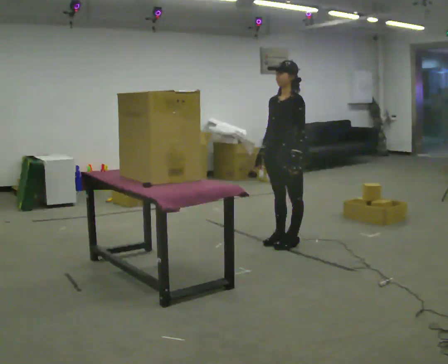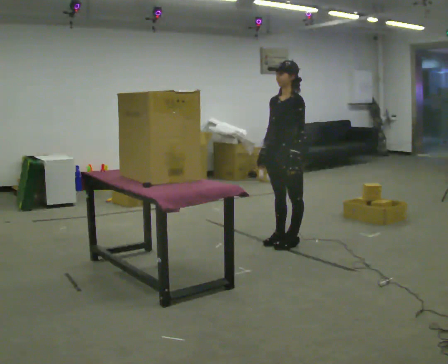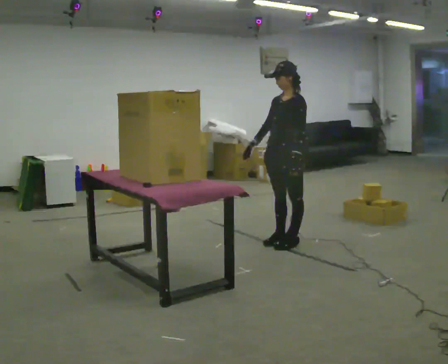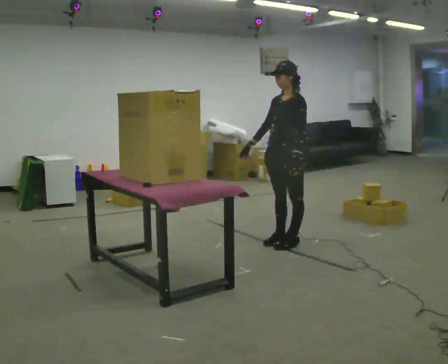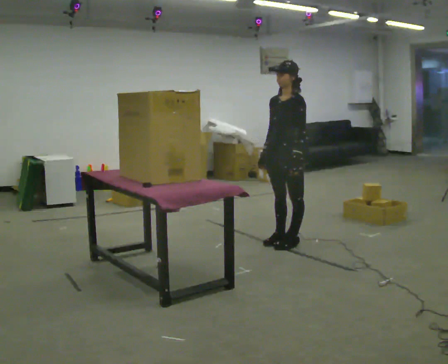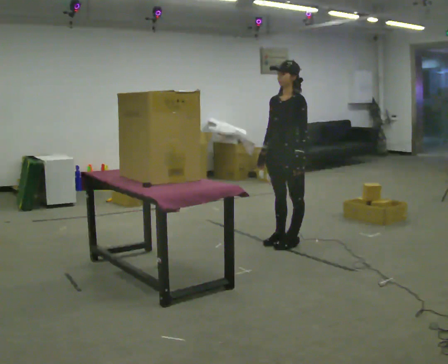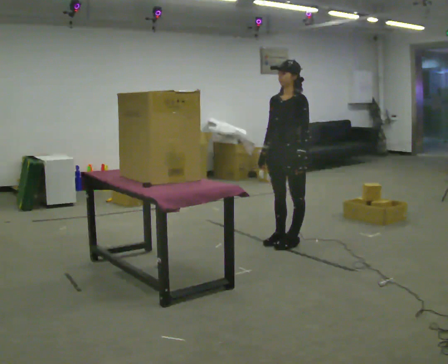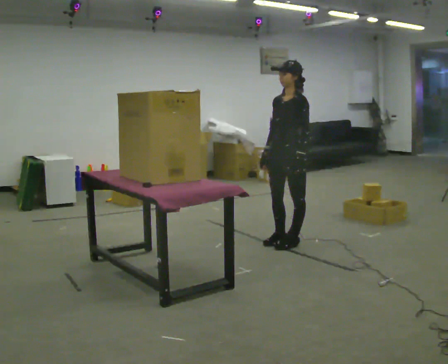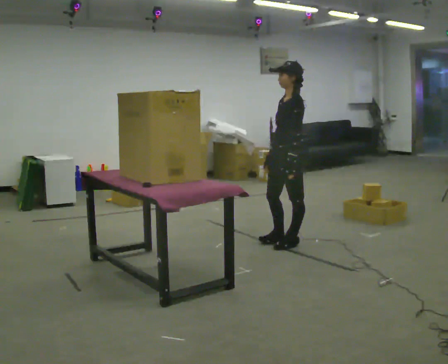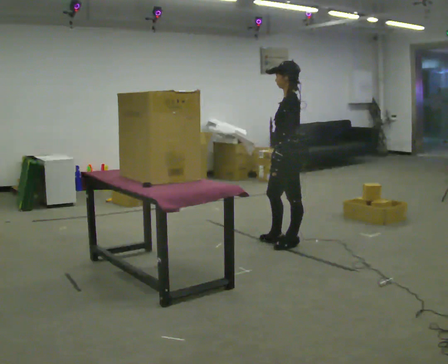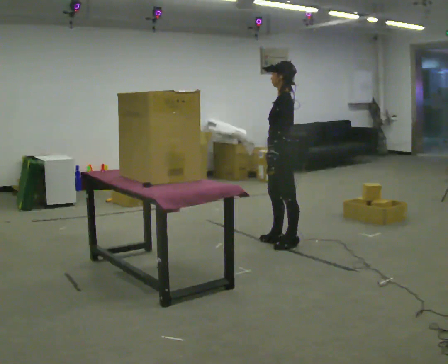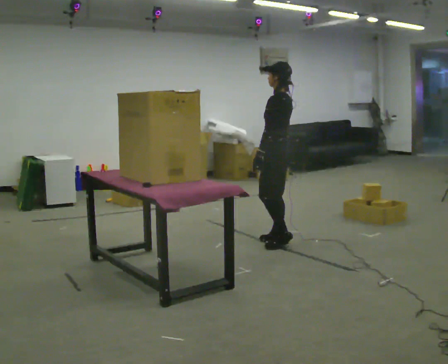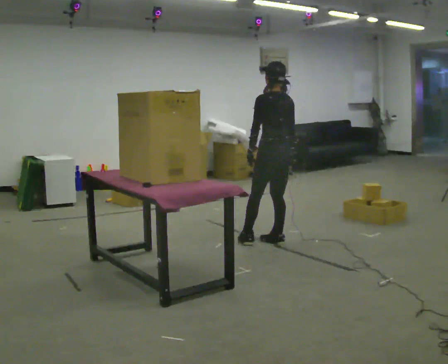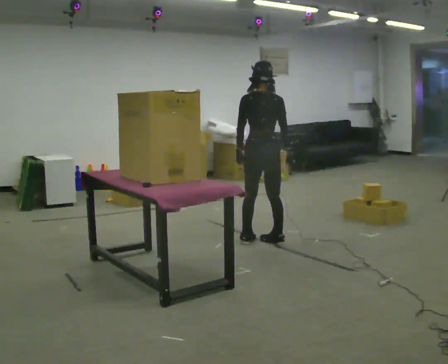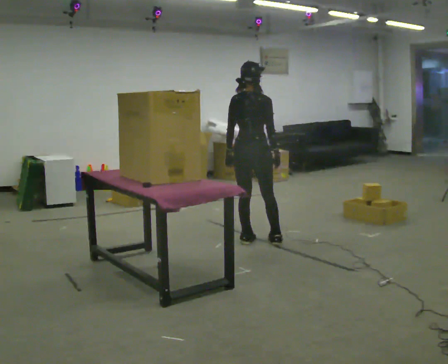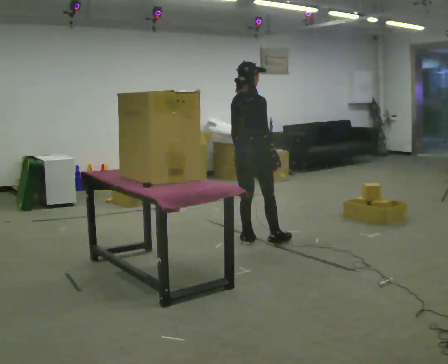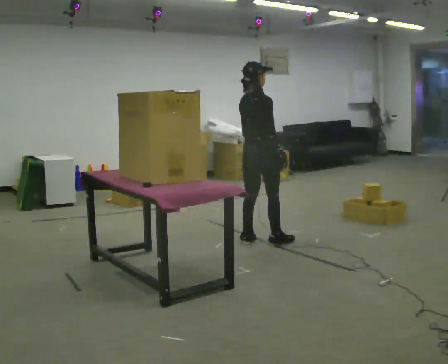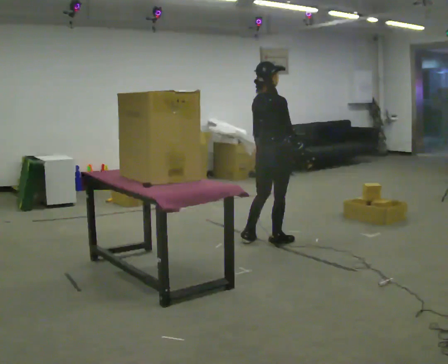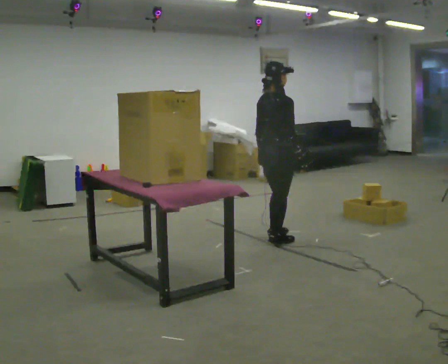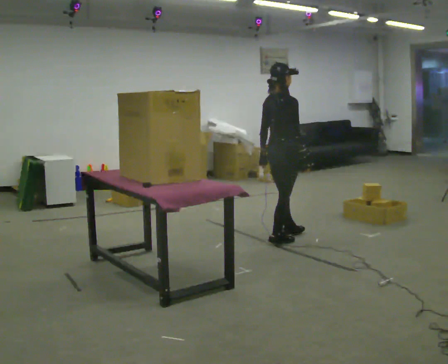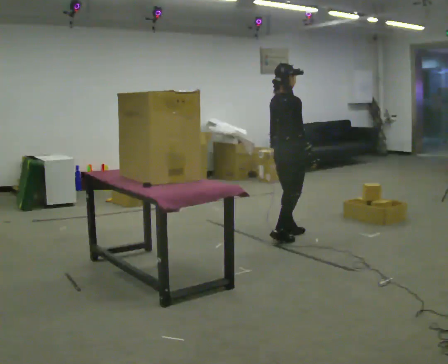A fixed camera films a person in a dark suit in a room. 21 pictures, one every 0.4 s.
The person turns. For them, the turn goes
to their right.
The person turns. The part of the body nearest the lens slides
to the left.
0.0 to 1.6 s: The person moves a little, or ends about where they began.
1.6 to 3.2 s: The part of the body nearest the lens slides to the left as the person turns to their right by about 30 degrees.
3.2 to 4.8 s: The person turns about 60 degrees to their right, clockwise seen from above, so the part of the body nearest the lens slides to the left. In the picture their left hand goes to the left.
4.8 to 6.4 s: Seen from above the body turns clockwise, about 90 degrees: to their right, with its near side sliding to the left. In the picture they go to the left, about 0.25 m in 1 step.
6.4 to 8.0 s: In the picture they go to the right and away from the camera, about 0.25 m in 1 step, which for them is forward.
The film runs forward here.
